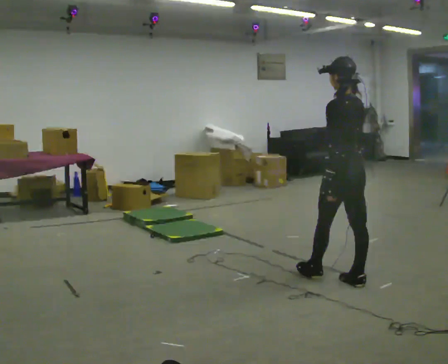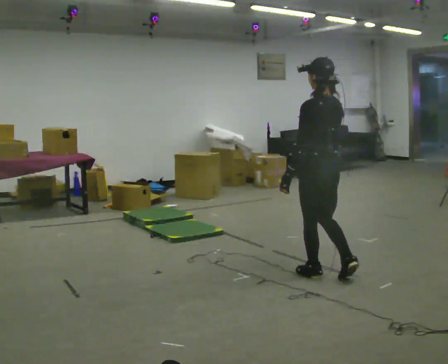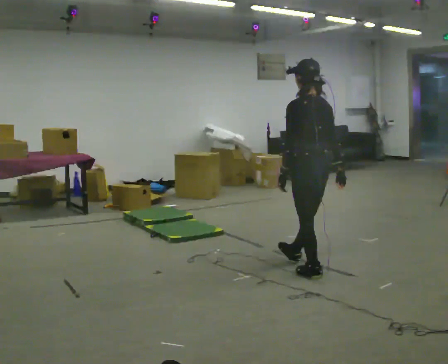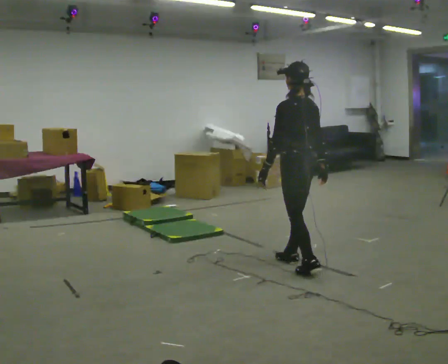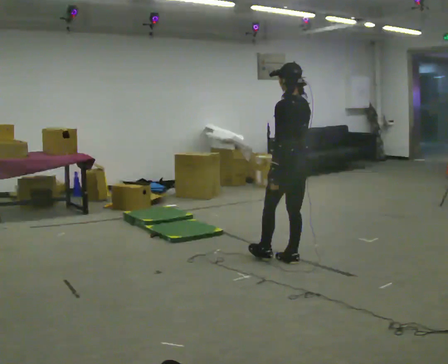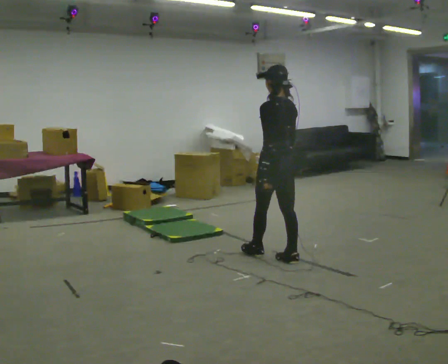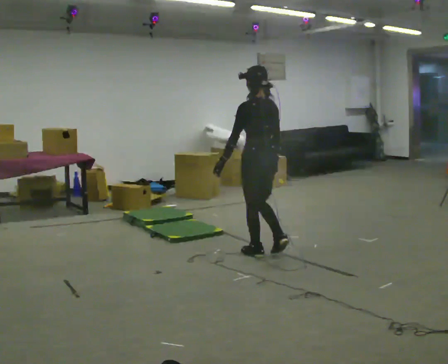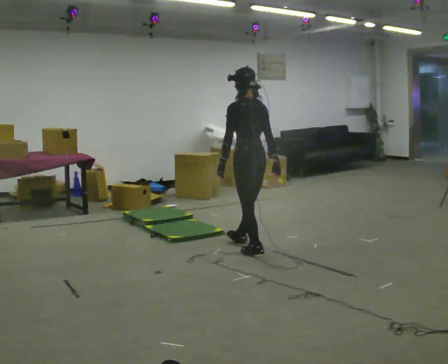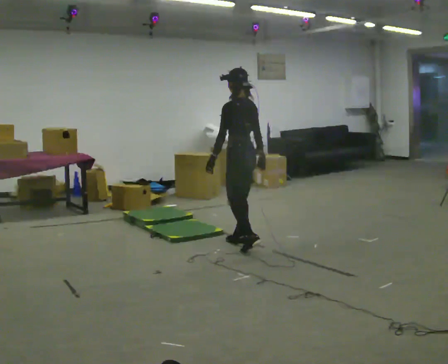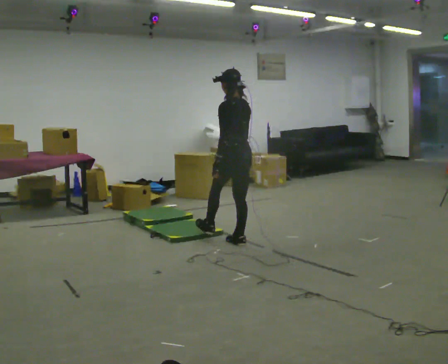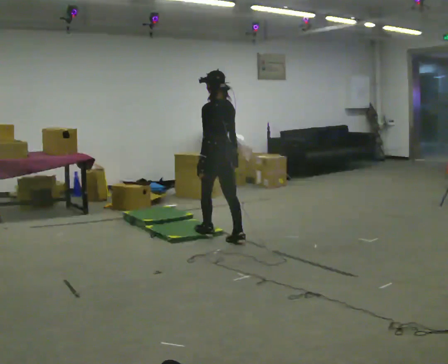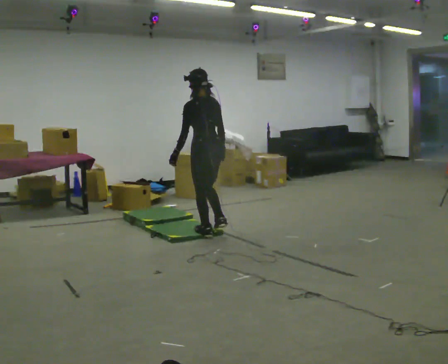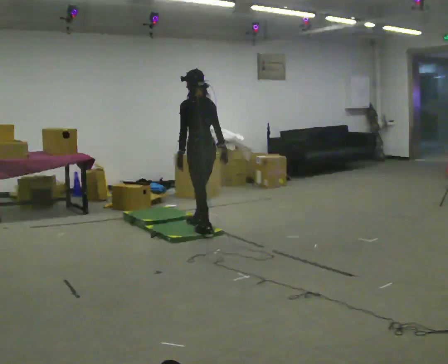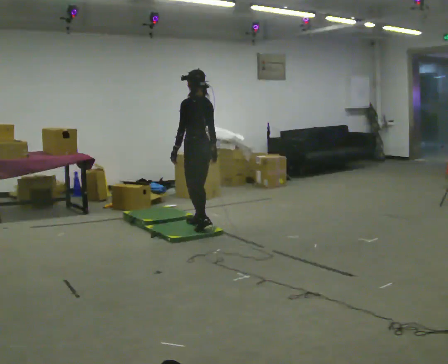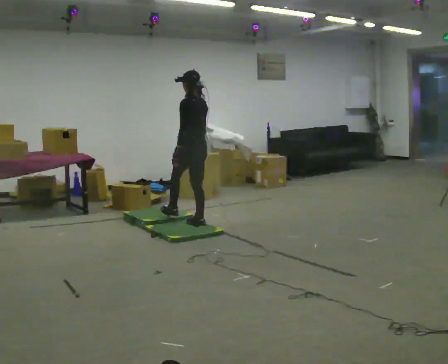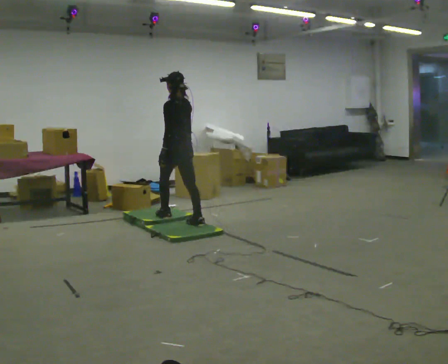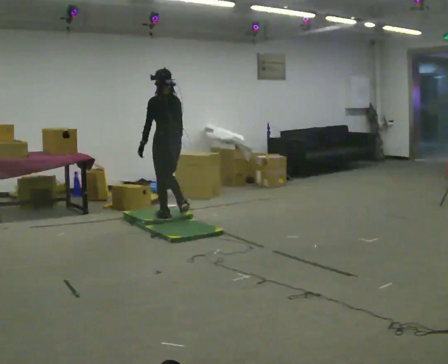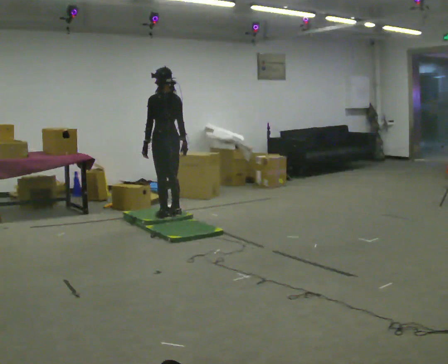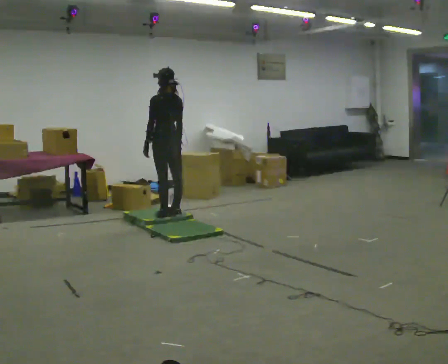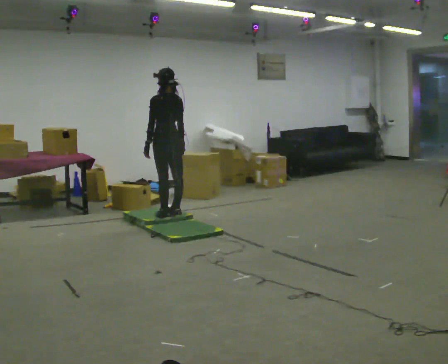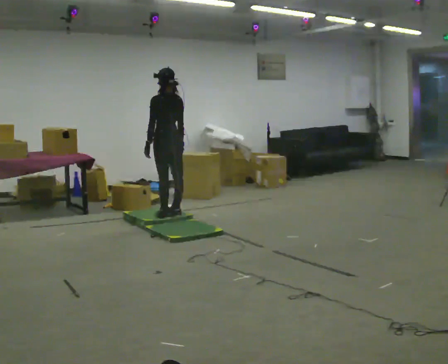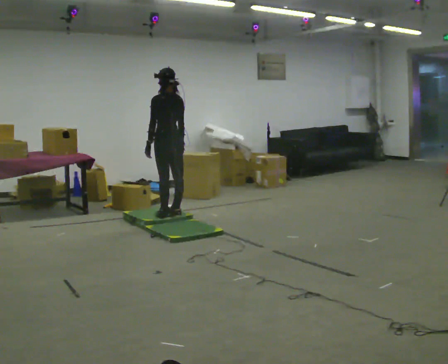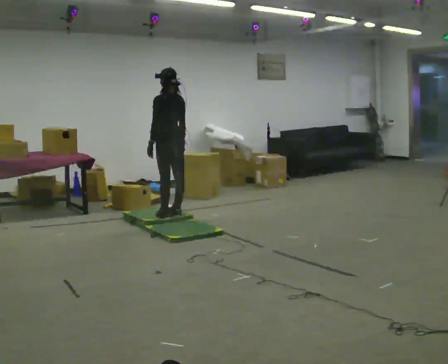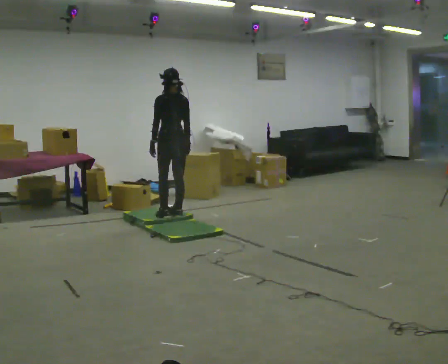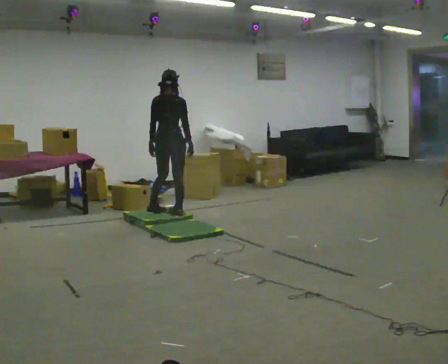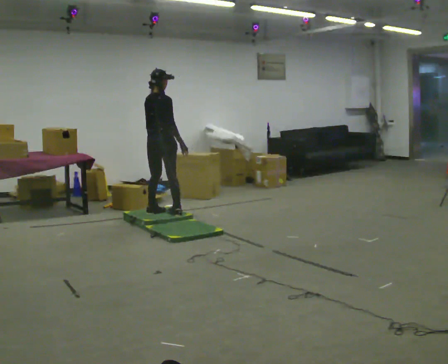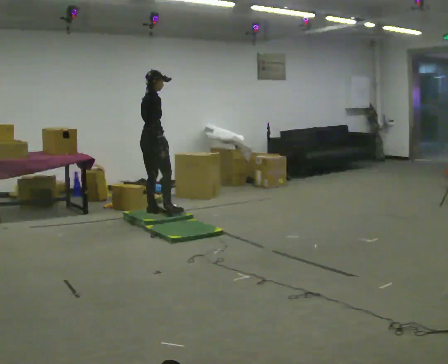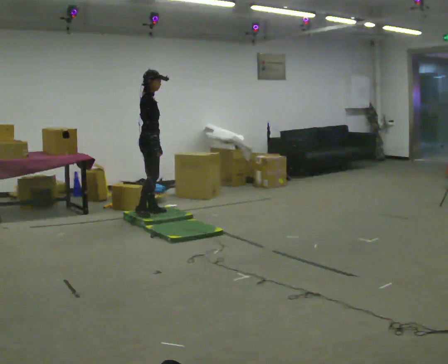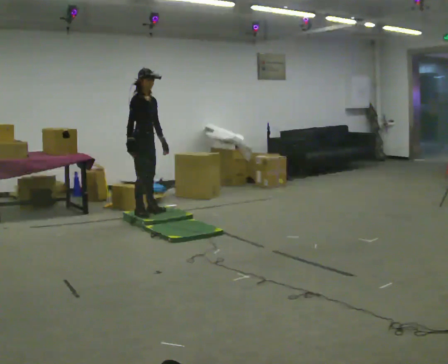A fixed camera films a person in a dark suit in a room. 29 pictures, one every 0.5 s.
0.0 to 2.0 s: In the picture they go away from the camera and to the left, about 0.5 m in 1 step, which for them is forward.
2.0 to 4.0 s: In the picture they go away from the camera and to the left, about 0.75 m in 2 steps, which for them is forward.
4.0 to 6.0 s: In the picture they go away from the camera and to the left, about 0.5 m in 2 steps, which for them is forward.
6.0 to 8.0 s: In the picture they go away from the camera and to the left, about 0.5 m in 1 step, which for them is forward.
8.0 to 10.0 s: The person moves a little, or ends about where they began.
10.0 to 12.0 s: The person turns about 45 degrees to their right, clockwise seen from above, so the part of the body nearest the lens slides to the left.
12.0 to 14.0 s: The part of the body nearest the lens slides to the left as the person turns to their right by about 105 degrees. In the picture they go to the left, about 0.25 m in 1 step.
The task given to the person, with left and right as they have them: Walk across the mats at a normal pace. They may not all feel the same underfoot. Carry on afterwards.
The film runs forward here.
